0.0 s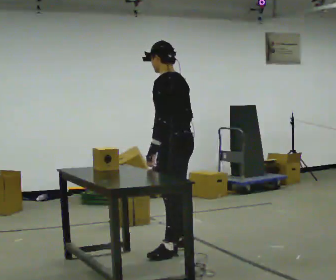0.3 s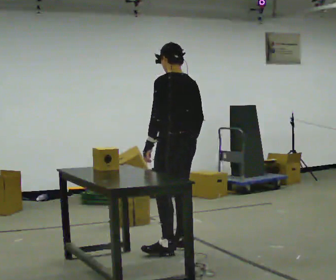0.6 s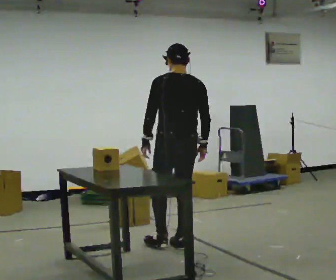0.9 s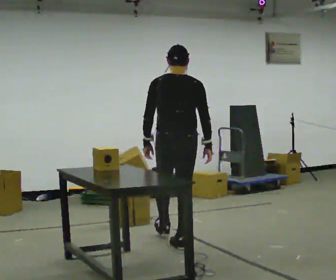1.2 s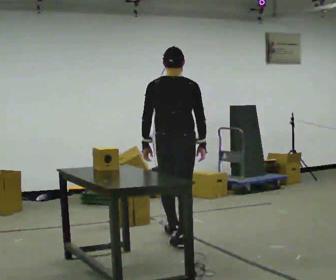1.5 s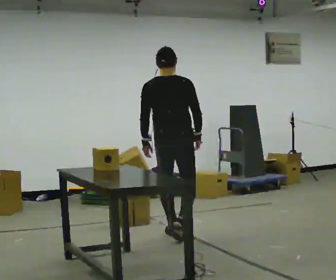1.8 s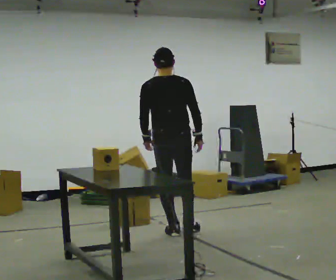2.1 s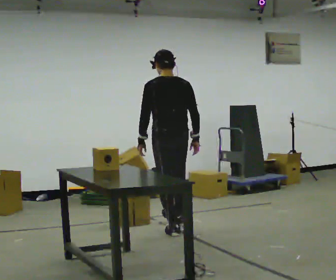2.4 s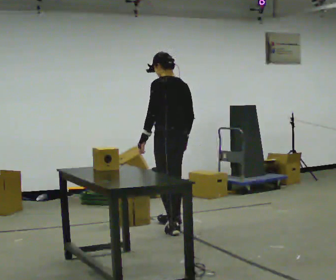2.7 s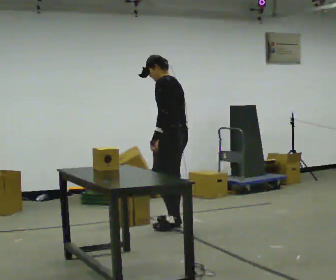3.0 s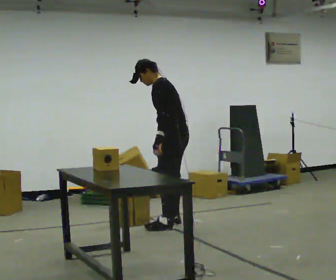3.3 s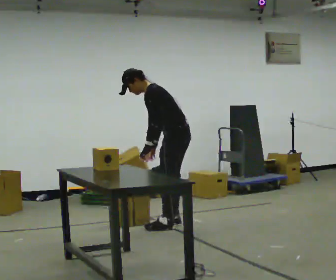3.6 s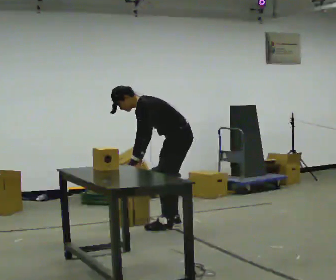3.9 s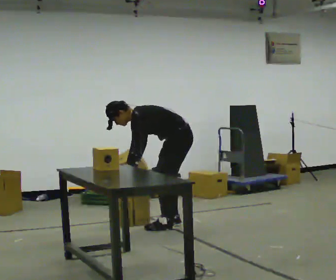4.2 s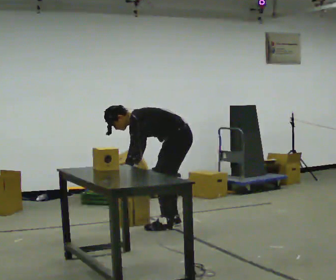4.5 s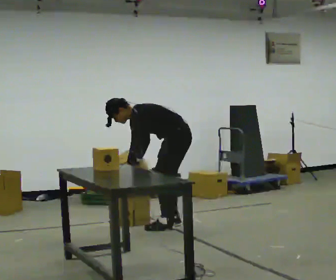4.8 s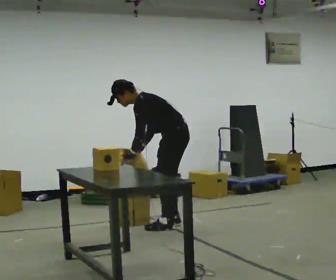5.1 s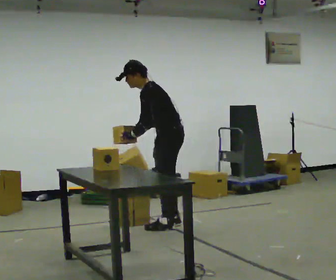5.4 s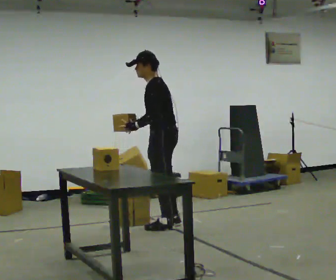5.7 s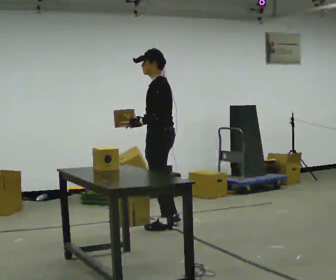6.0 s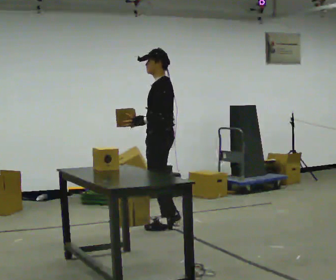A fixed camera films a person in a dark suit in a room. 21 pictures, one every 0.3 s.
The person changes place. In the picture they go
away from the camera.
0.0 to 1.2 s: The person turns about 75 degrees to their right, clockwise seen from above, so the part of the body nearest the lens slides to the left. In the picture they go away from the camera, about 0.25 m in 1 step.
1.2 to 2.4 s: The person turns about 60 degrees to their left, counterclockwise seen from above, so the part of the body nearest the lens slides to the right. In the picture they go away from the camera, about 0.5 m in 1 step, which for them is forward.
2.4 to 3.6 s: Seen from above the body turns counterclockwise, about 30 degrees: to their left, with its near side sliding to the right. The upper body goes downward. In the picture the upper body tilts counterclockwise, shoulders to the left, as they bend forward. In the picture their right hand goes to the left.
3.6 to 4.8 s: The person moves a little, or ends about where they began.
4.8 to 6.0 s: The shoulders move upward. In the picture the upper body tilts clockwise, shoulders to the right, as they lean back or straighten.
The film runs forward here.
